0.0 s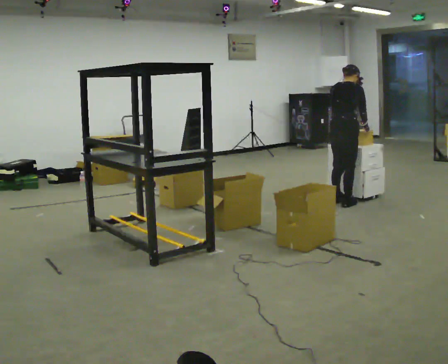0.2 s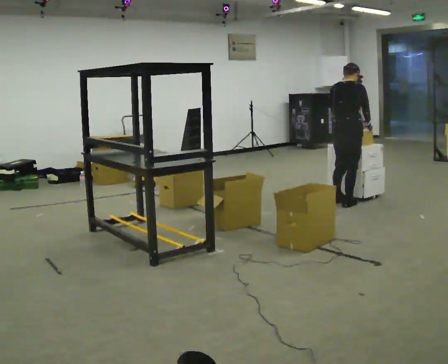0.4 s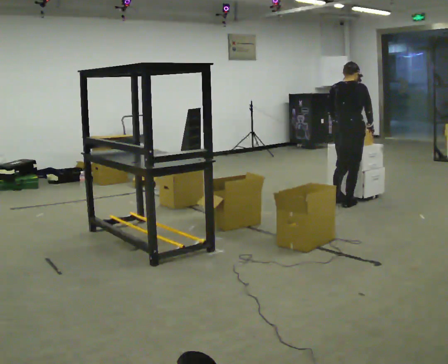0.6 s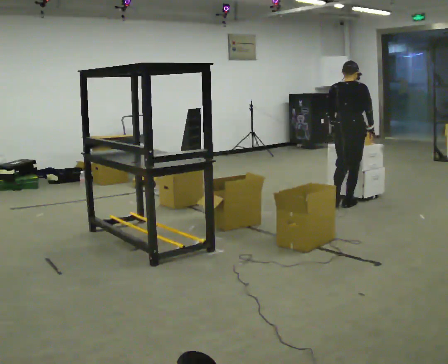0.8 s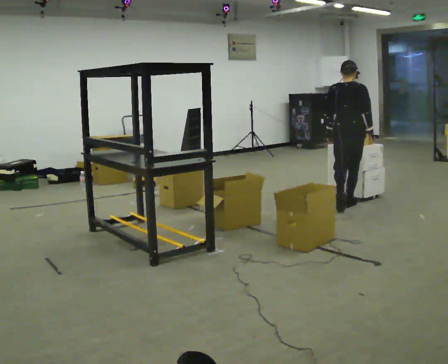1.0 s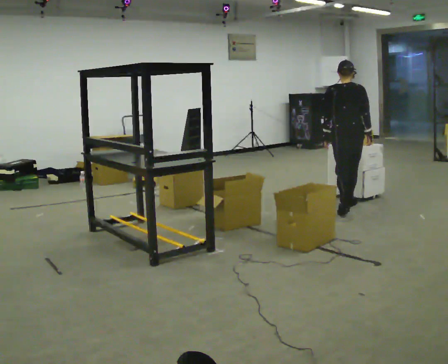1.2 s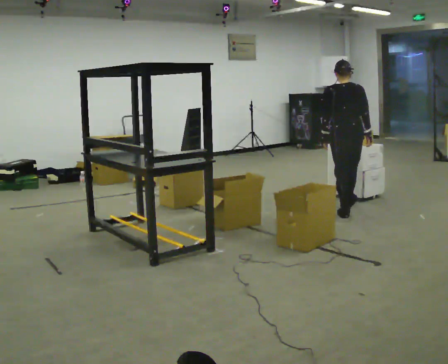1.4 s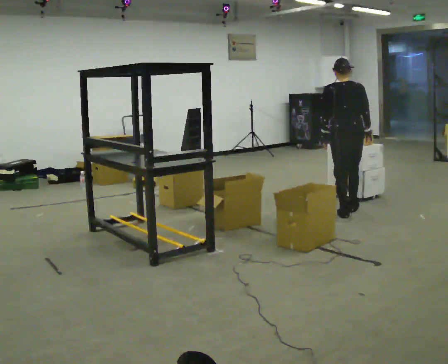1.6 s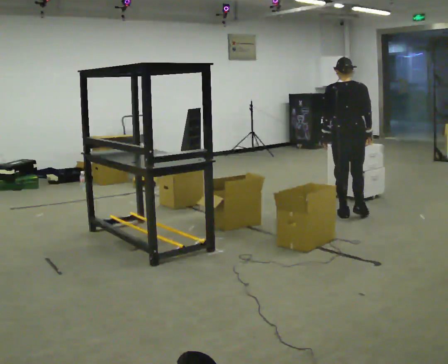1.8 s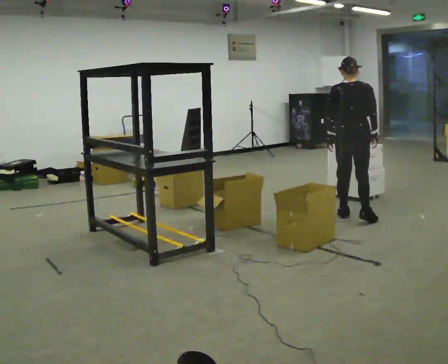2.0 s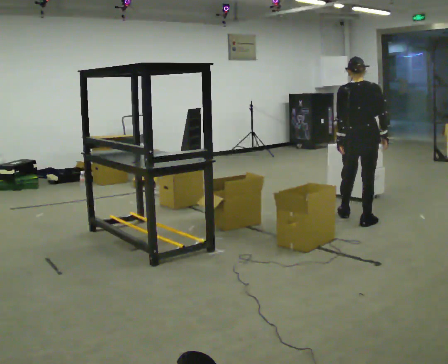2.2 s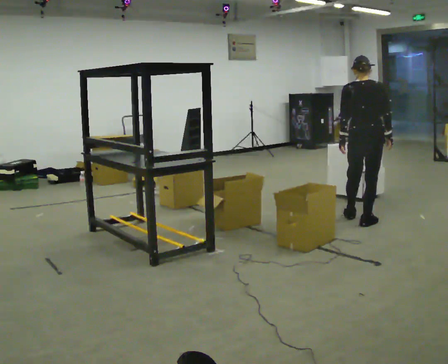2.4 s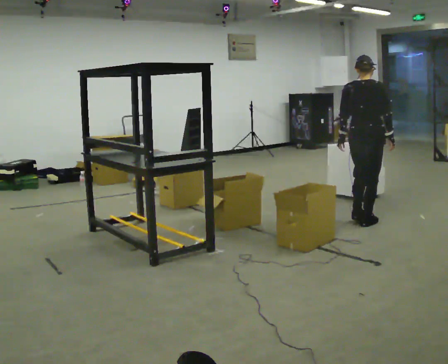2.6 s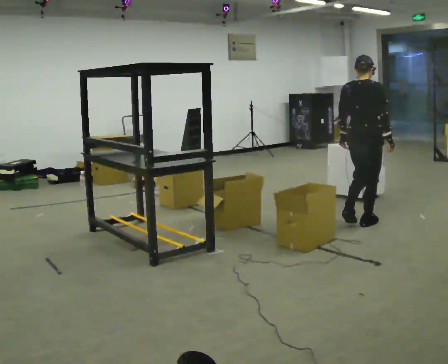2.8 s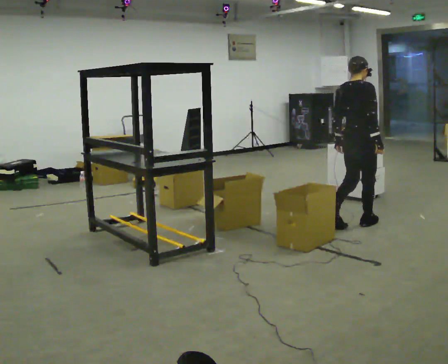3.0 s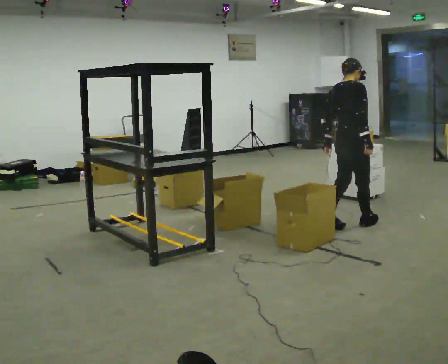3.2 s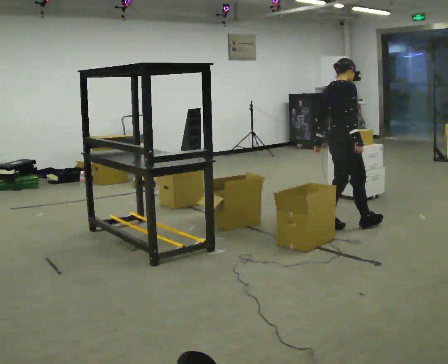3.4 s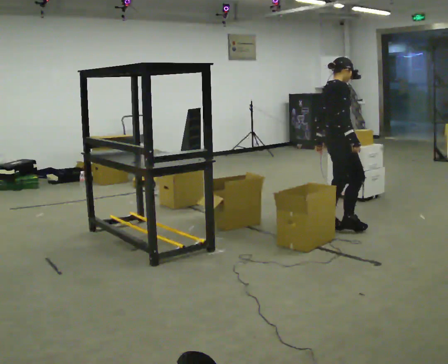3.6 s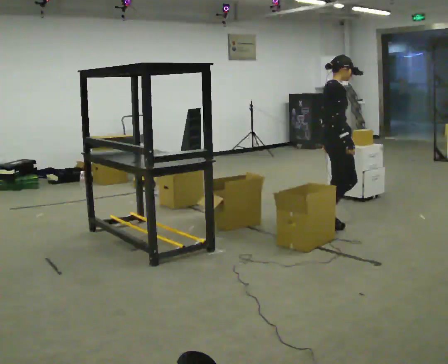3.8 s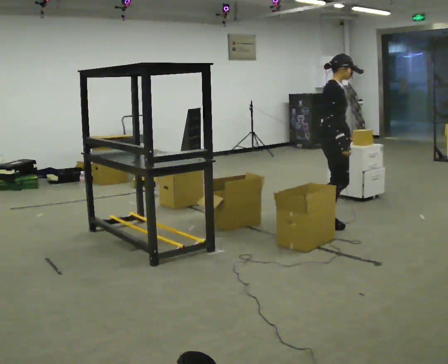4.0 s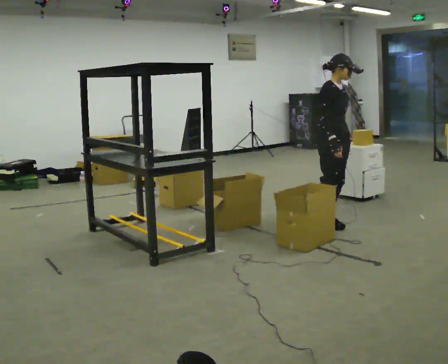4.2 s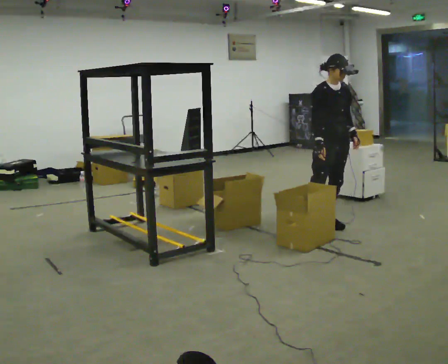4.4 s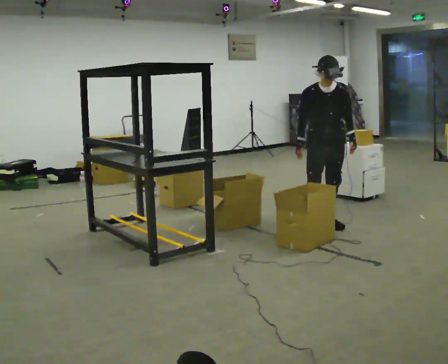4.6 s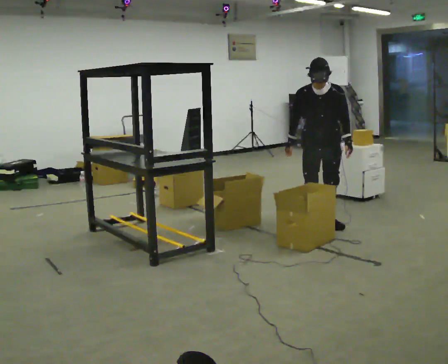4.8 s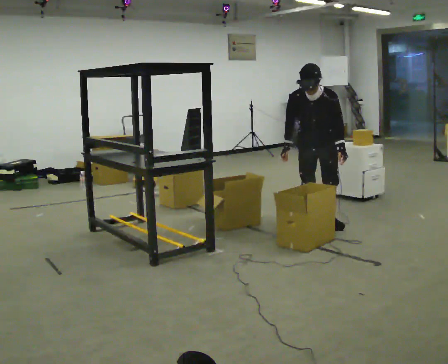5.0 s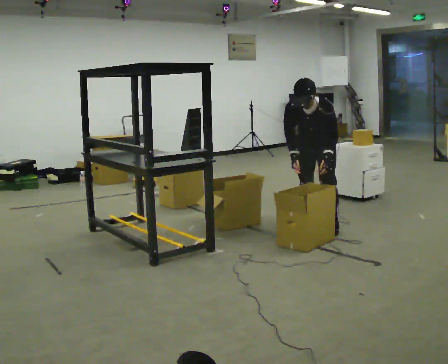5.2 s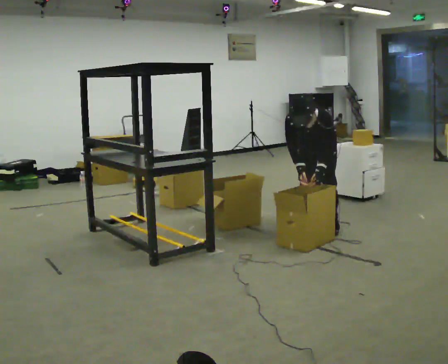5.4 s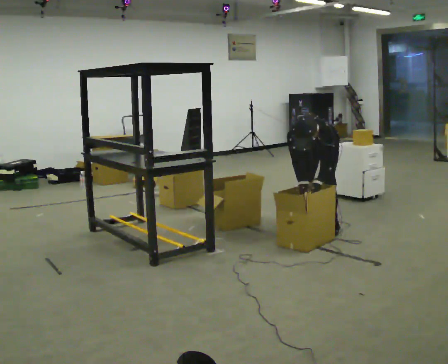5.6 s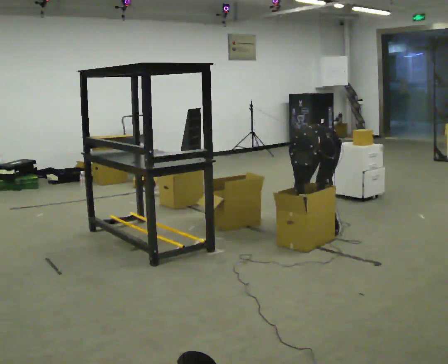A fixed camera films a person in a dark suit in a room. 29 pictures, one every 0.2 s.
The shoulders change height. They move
downward.
The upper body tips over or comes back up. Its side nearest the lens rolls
downward.
0.0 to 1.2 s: The person turns about 30 degrees to their left, counterclockwise seen from above, so the part of the body nearest the lens slides to the right. In the picture they go toward the camera, about 0.25 m in 1 step, which for them is backward and to their right. The upper body tips toward the camera, its near side rolling downward, as they lean back or straighten.
1.2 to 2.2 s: In the picture they go toward the camera and to the right, about 0.5 m in 2 steps, which for them is backward and to their right.
2.2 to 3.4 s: The part of the body nearest the lens slides to the left as the person turns to their right by about 75 degrees. In the picture they go to the left and toward the camera, about 0.25 m in 1 step.
3.4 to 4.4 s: The part of the body nearest the lens slides to the left as the person turns to their right by about 75 degrees. The upper body tips toward the camera, its near side rolling downward, as they bend forward. In the picture their right hand goes to the left.
4.4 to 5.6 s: Seen from above the body turns clockwise, about 45 degrees: to their right, with its near side sliding to the left. The shoulders move downward. The upper body tips toward the camera, its near side rolling downward, as they bend forward. In the picture their left hand goes downward.
The film runs backward here.
